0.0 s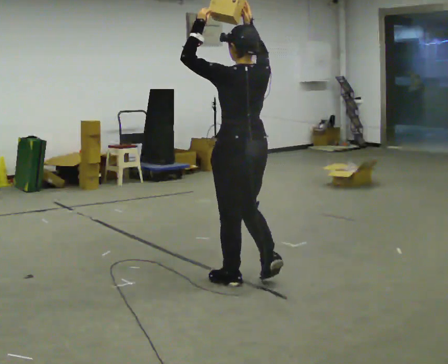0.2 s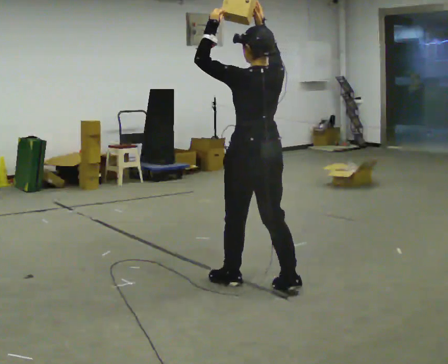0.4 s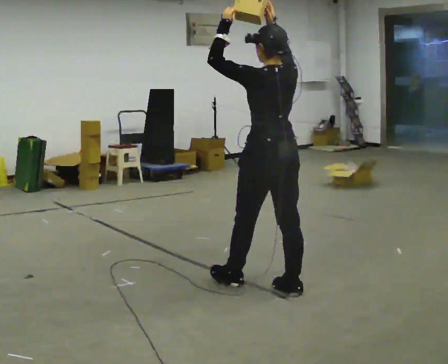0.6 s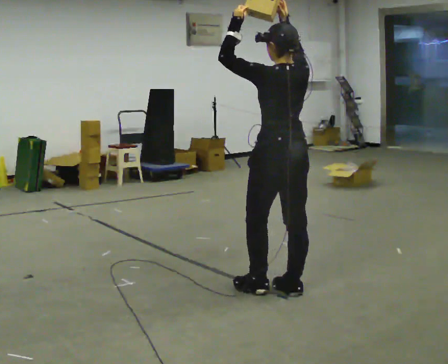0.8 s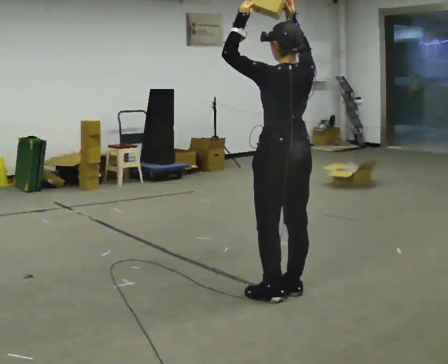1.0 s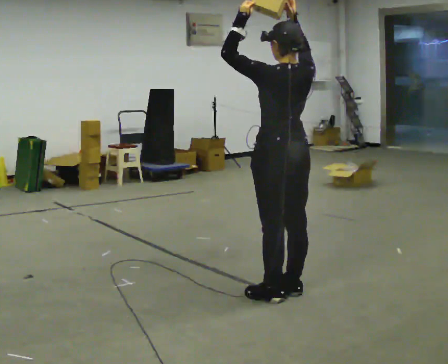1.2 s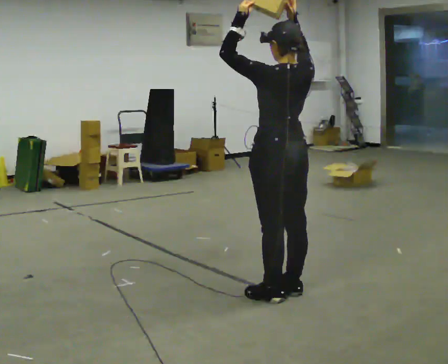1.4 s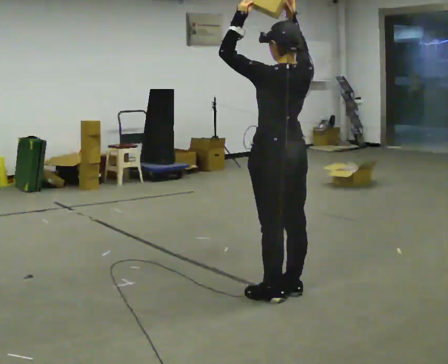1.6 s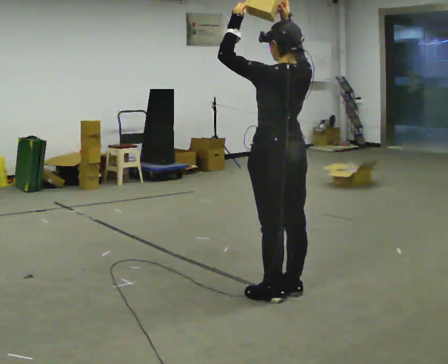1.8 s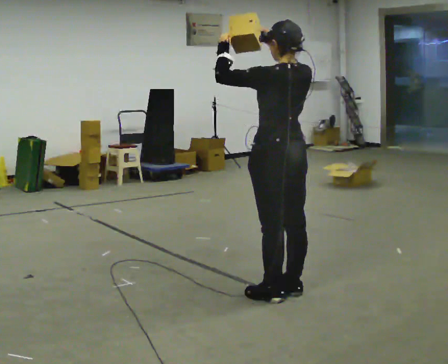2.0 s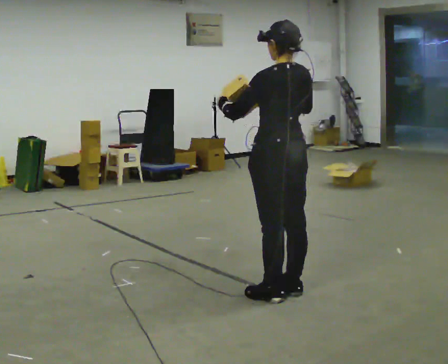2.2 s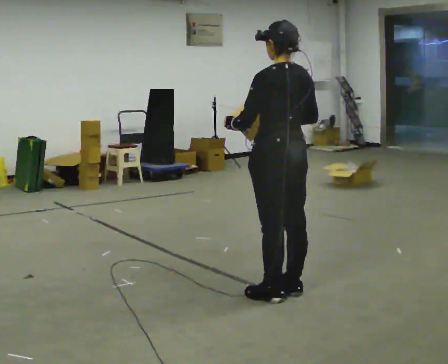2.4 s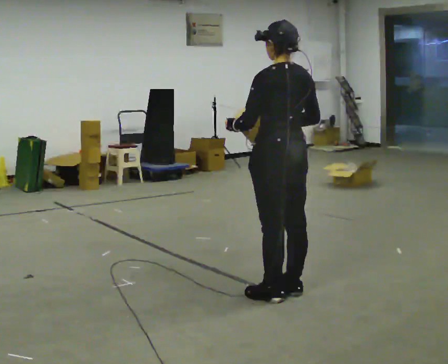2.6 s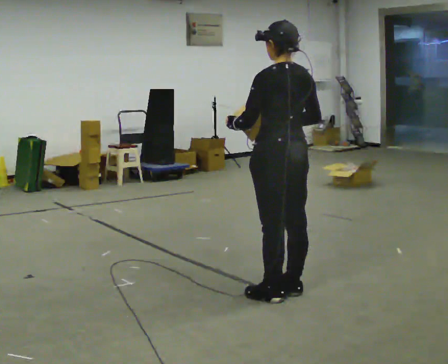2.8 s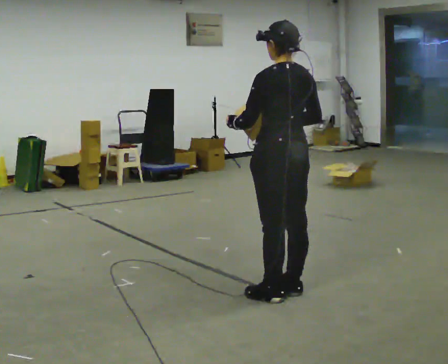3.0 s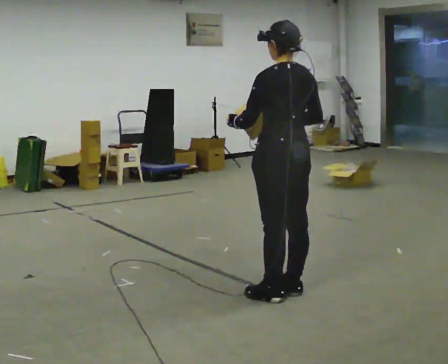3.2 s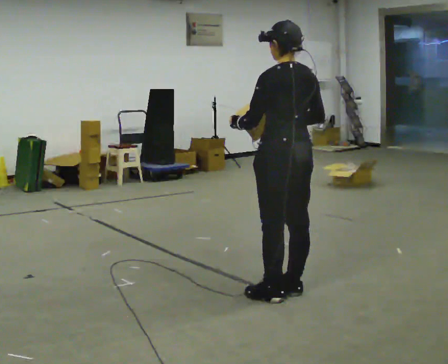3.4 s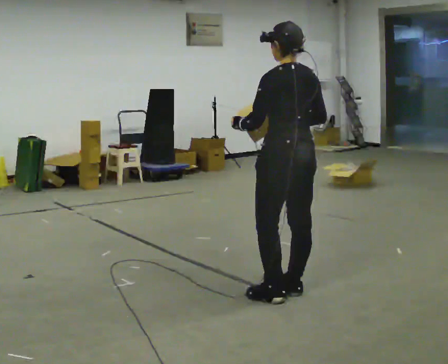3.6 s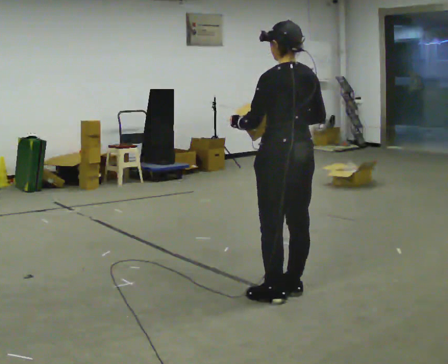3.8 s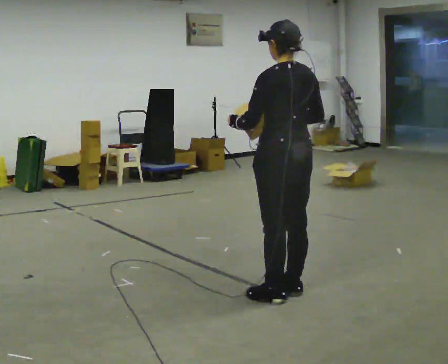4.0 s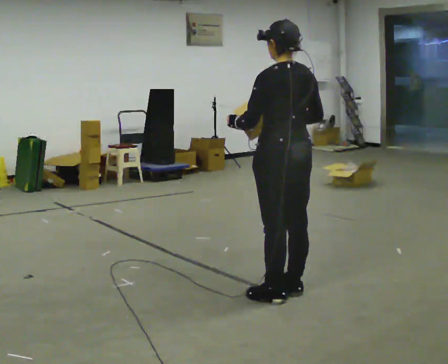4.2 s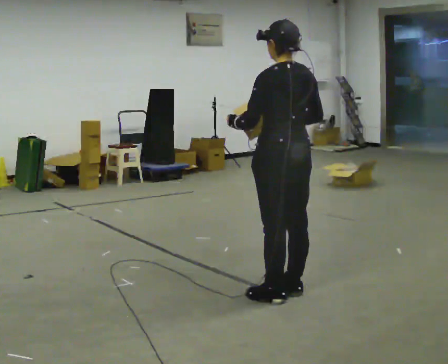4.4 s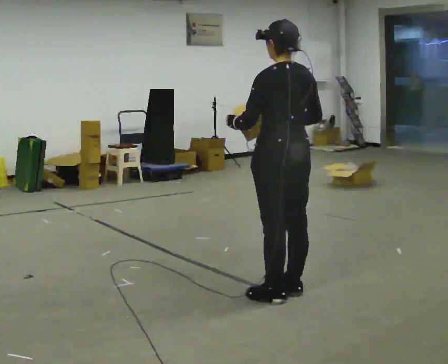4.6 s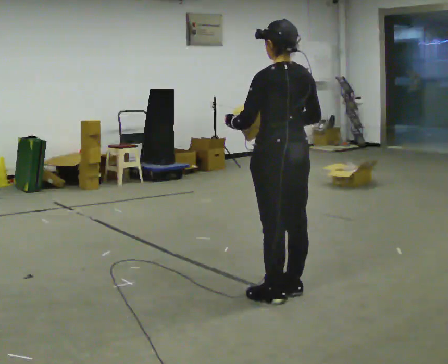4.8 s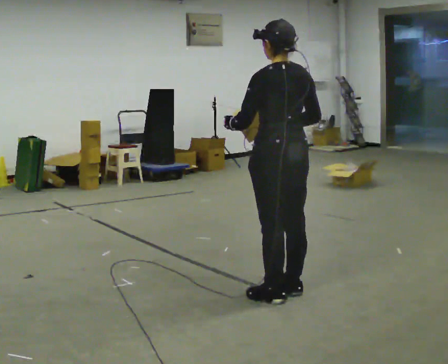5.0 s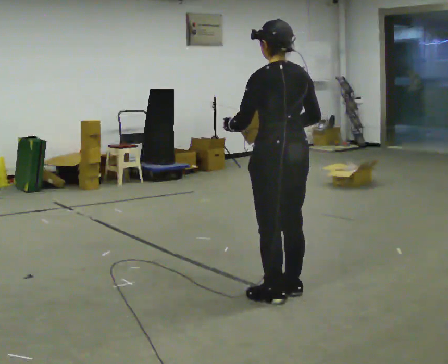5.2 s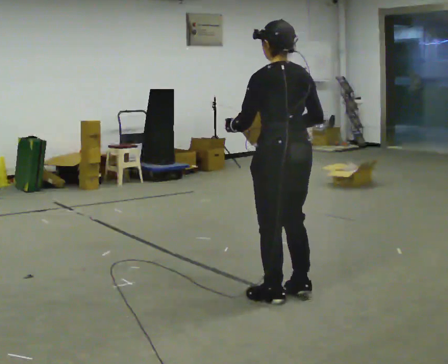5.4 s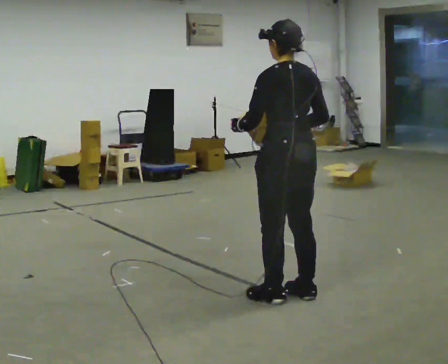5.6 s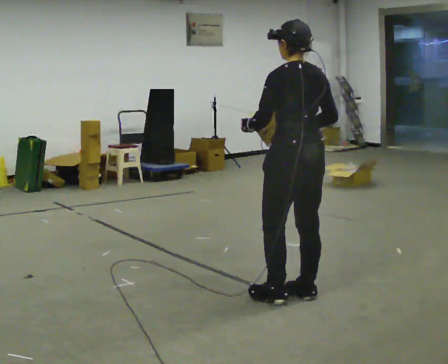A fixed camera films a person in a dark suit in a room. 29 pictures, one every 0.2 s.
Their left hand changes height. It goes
downward.
Their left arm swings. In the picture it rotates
counterclockwise.
0.0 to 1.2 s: In the picture they go to the right and toward the camera, about 0.25 m in 1 step, which for them is backward.
1.2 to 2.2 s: In the picture their right hand goes downward.
2.2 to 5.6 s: The person moves a little, or ends about where they began.
The film runs backward here.
